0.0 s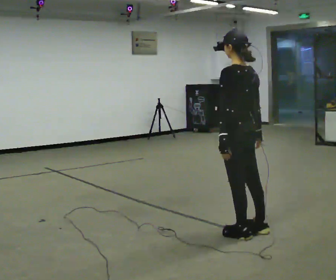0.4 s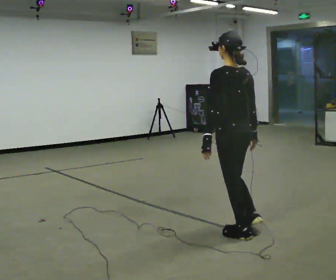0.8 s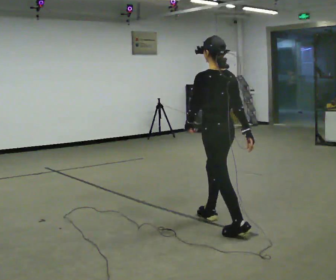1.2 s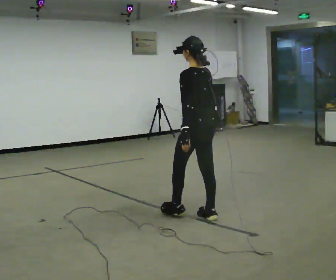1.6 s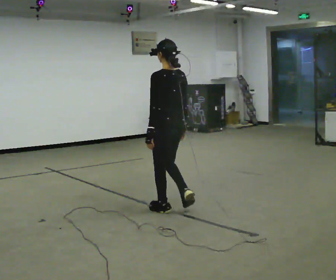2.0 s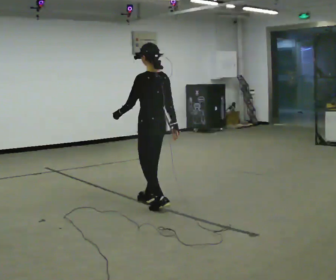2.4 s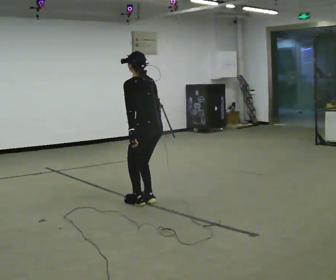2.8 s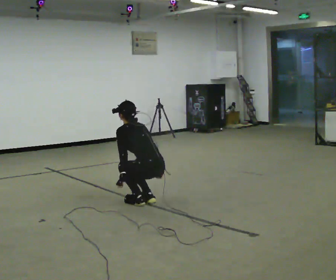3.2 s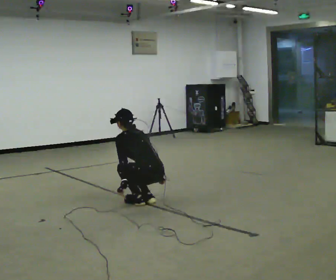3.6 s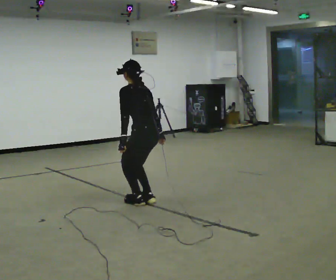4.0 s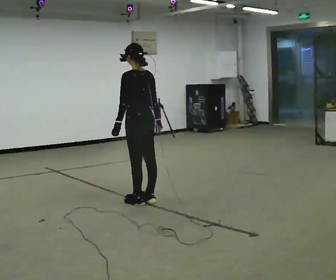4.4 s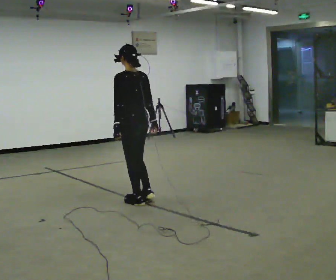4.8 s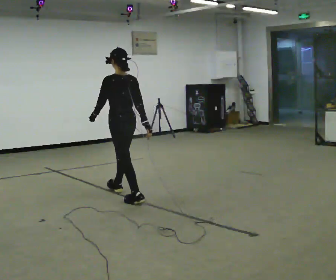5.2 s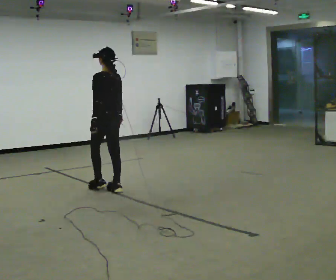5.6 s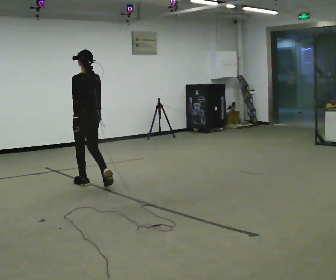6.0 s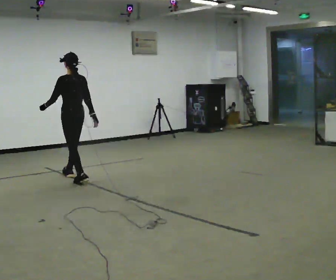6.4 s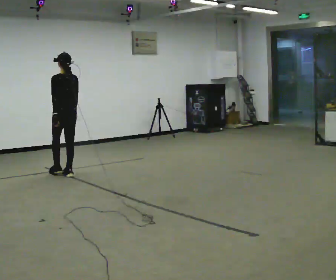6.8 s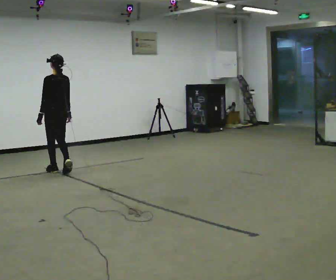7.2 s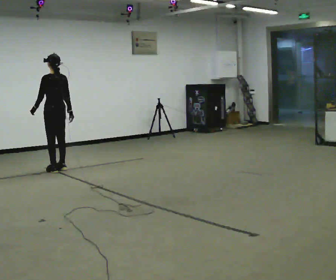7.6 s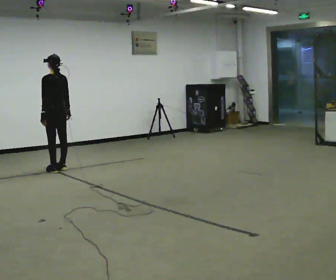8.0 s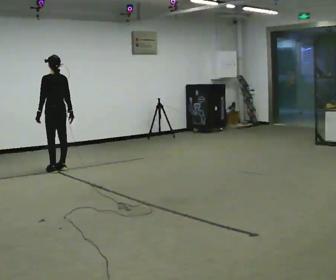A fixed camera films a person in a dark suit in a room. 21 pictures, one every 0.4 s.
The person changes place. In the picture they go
away from the camera.
0.0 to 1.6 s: In the picture they go away from the camera and to the left, about 1 m in 2 steps, which for them is forward.
1.6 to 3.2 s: In the picture they go away from the camera and to the left, about 0.25 m in 2 steps, which for them is forward. The shoulders move downward. The upper body tips away from the camera, its near side rolling upward, as they bend forward. In the picture their left hand goes downward.
3.2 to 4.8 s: In the picture they go away from the camera and to the left, about 0.5 m in 1 step, which for them is forward. The upper body goes upward. The upper body tips toward the camera, its near side rolling downward, as they lean back or straighten. In the picture their left hand goes upward.
4.8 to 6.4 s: In the picture they go away from the camera and to the left, about 1.5 m in 2 steps, which for them is forward.
6.4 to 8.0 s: In the picture they go away from the camera and to the left, about 0.5 m in 2 steps, which for them is forward.
The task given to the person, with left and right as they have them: Walk; crouch comfortably at marker; remain briefly; stand and continue.
The film runs forward here.
